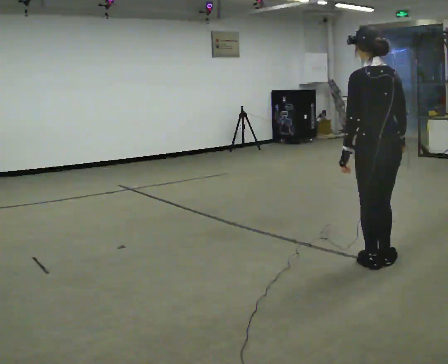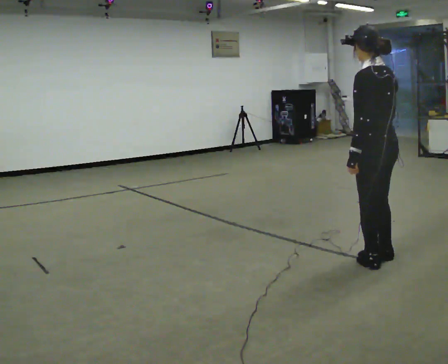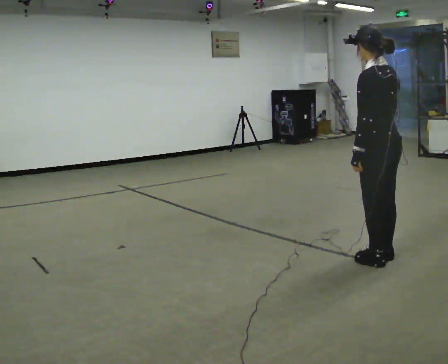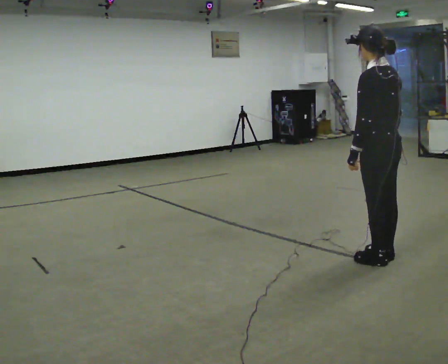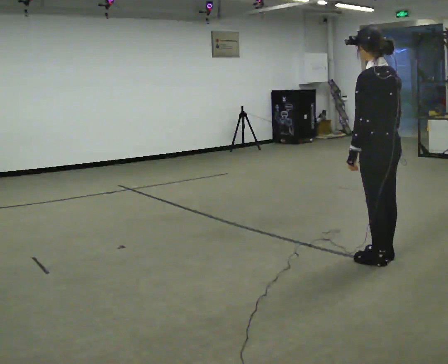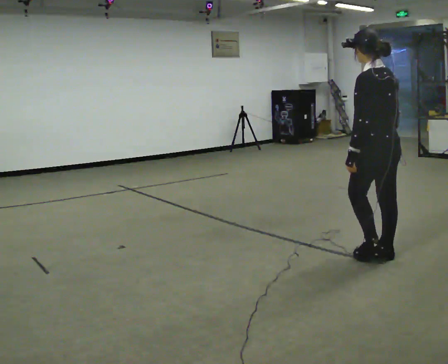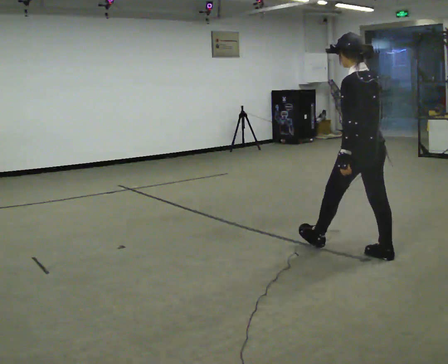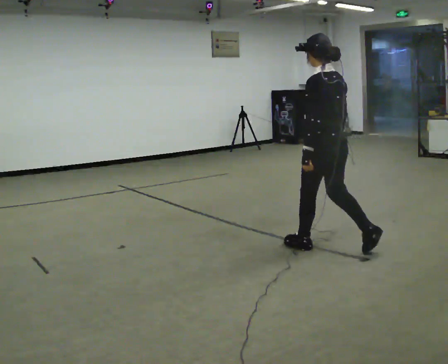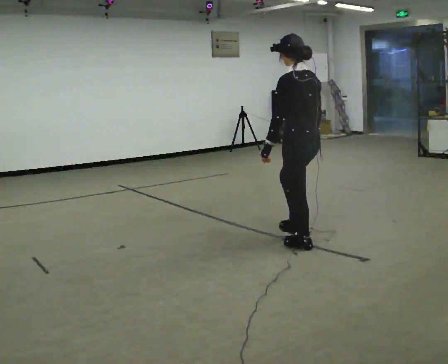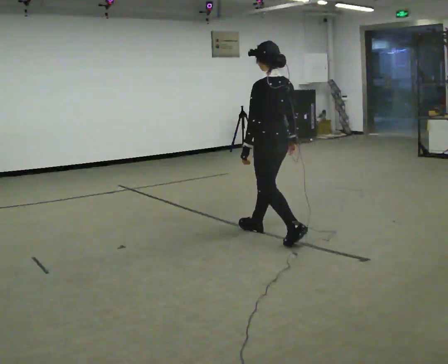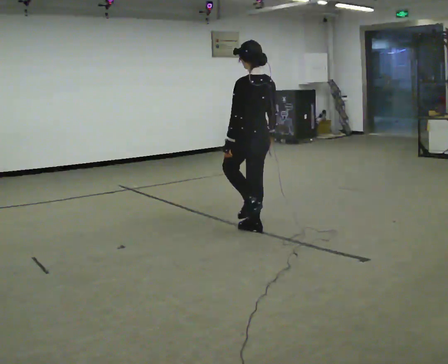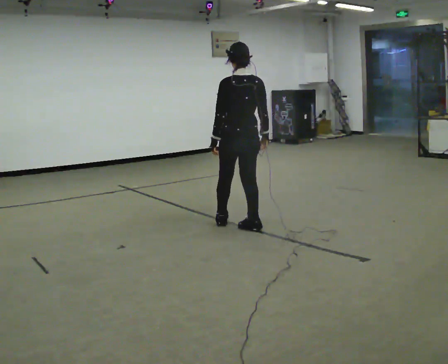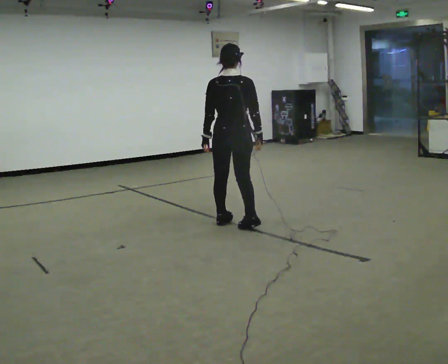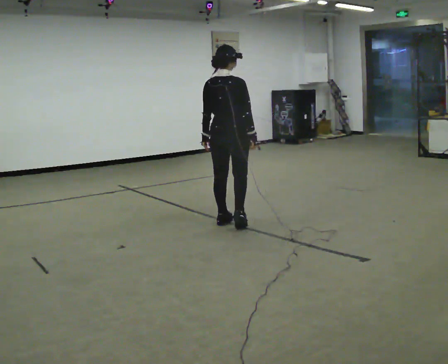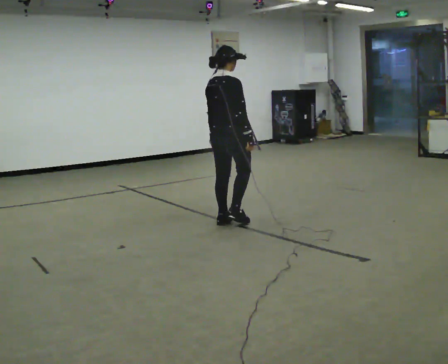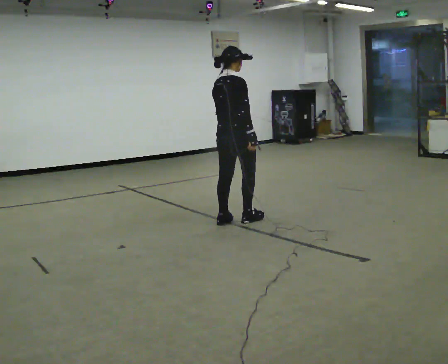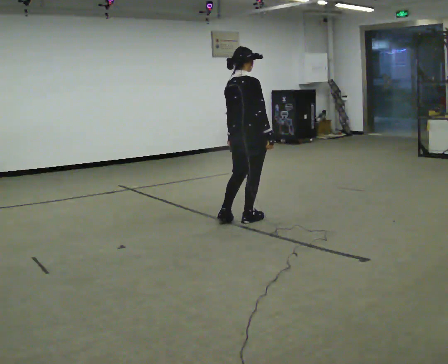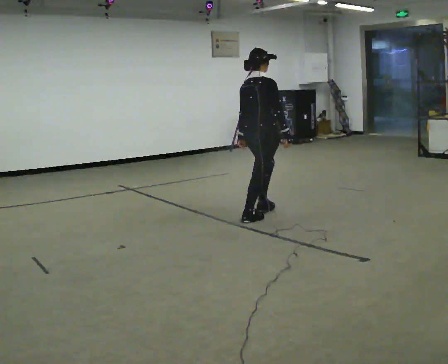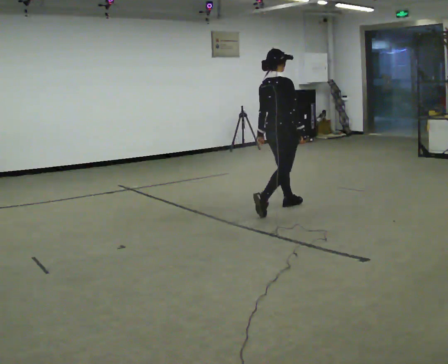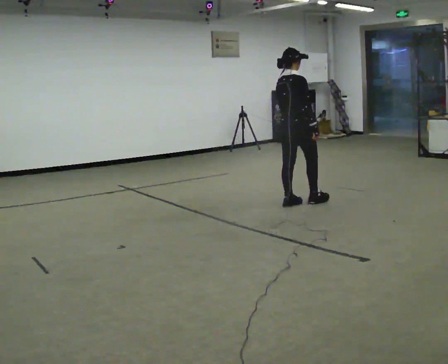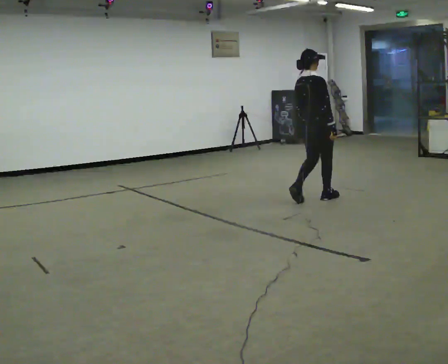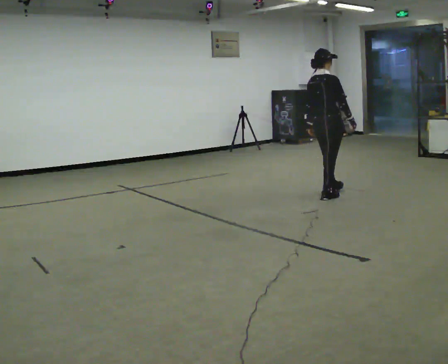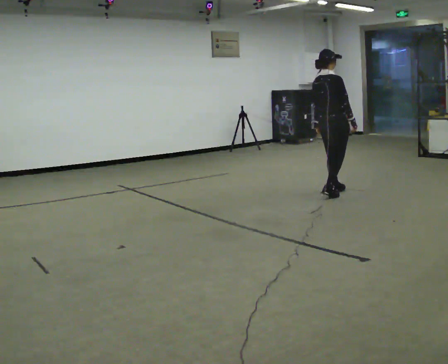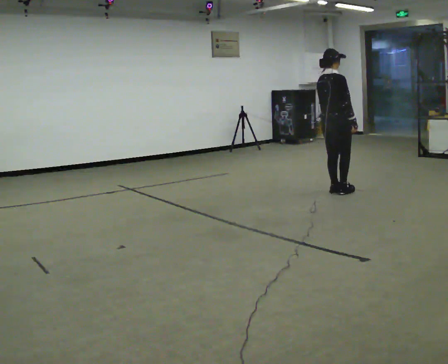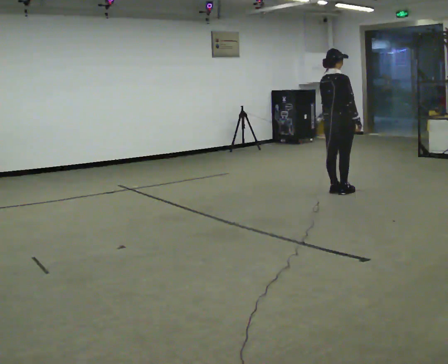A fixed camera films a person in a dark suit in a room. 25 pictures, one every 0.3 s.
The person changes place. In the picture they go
away from the camera.
0.0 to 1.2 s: The person moves a little, or ends about where they began.
1.2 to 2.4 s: In the picture they go to the left and away from the camera, about 0.75 m in 1 step, which for them is forward.
2.4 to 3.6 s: The part of the body nearest the lens slides to the left as the person turns to their right by about 45 degrees. In the picture they go away from the camera and to the left, about 1 m in 2 steps, which for them is forward.
3.6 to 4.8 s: The part of the body nearest the lens slides to the left as the person turns to their right by about 45 degrees. In the picture they go away from the camera, about 0.25 m in 1 step, which for them is forward.
4.8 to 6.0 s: In the picture they go to the right and away from the camera, about 1 m in 2 steps, which for them is forward.
6.0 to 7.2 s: In the picture they go away from the camera and to the right, about 0.5 m in 2 steps, which for them is forward.
The film runs forward here.
